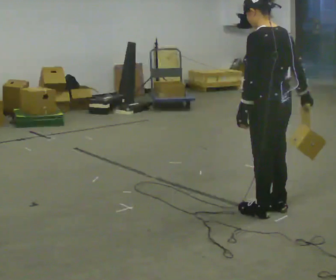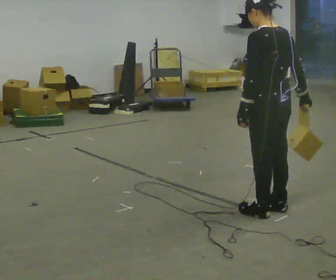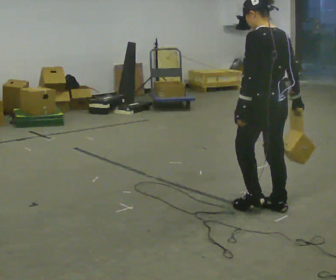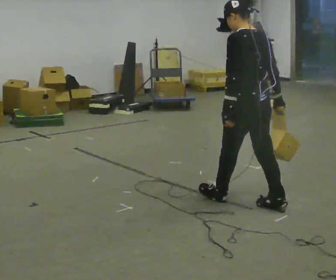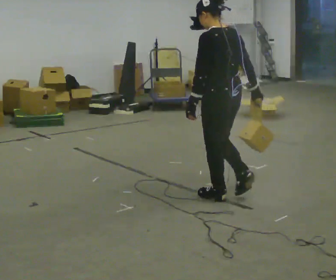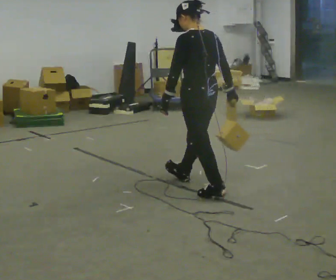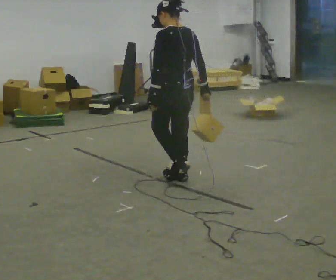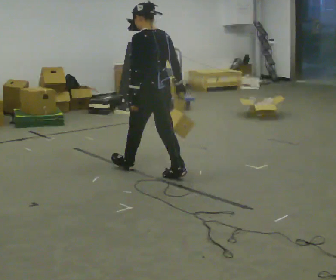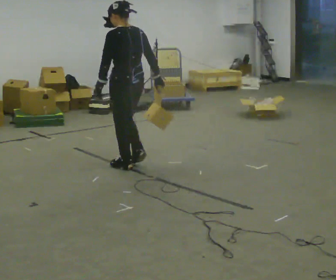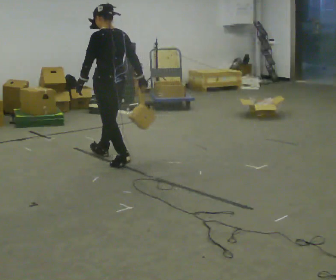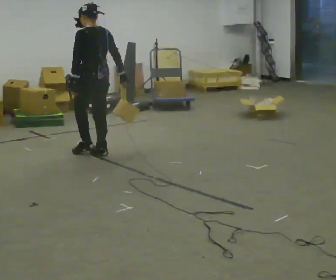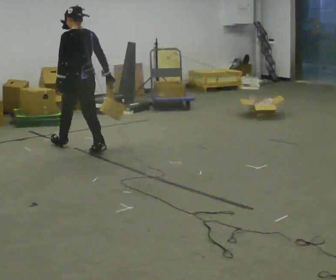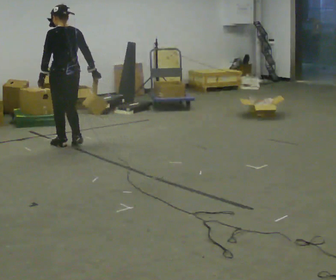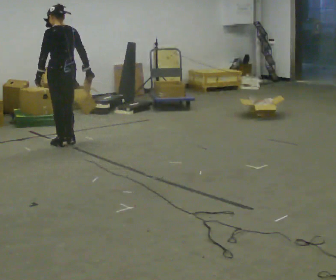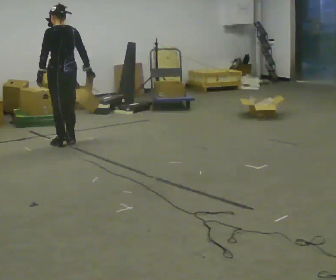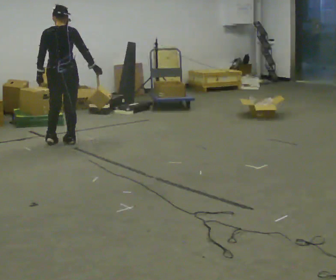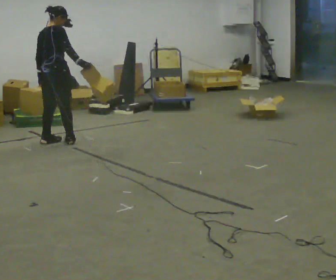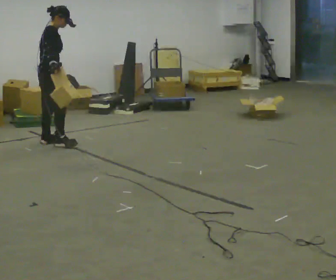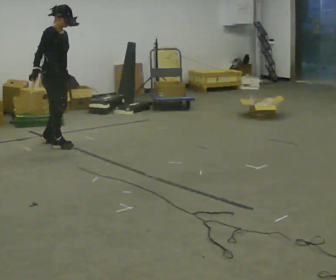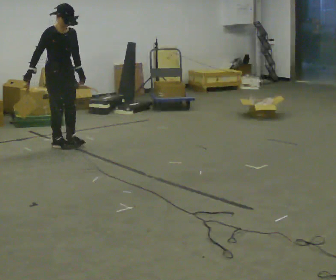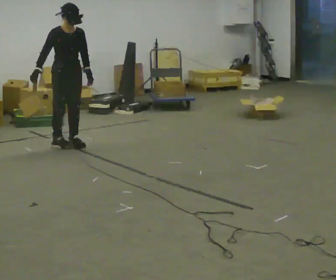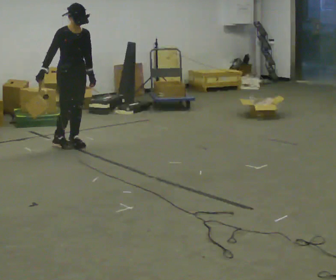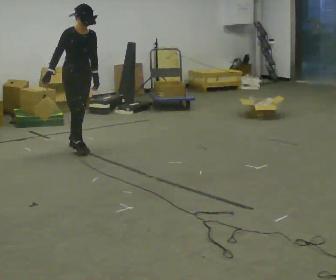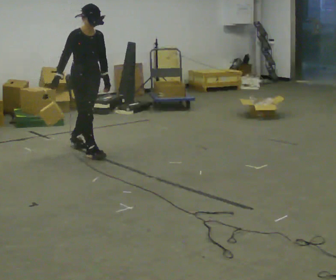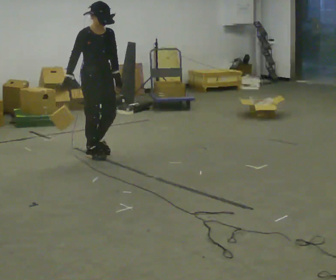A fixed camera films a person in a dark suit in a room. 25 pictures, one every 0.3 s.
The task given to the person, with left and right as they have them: Hold the object against your hip on the side the operator calls, and carry it back and forth across the room.
0.0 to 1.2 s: In the picture they go away from the camera and to the left, about 0.5 m in 1 step, which for them is forward.
1.2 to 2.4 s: In the picture they go away from the camera and to the left, about 1 m in 2 steps, which for them is forward.
2.4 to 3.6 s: In the picture they go away from the camera and to the left, about 1 m in 2 steps, which for them is forward.
3.6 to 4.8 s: The part of the body nearest the lens slides to the left as the person turns to their right by about 75 degrees.
4.8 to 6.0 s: The person turns about 105 degrees to their right, clockwise seen from above, so the part of the body nearest the lens slides to the left. In the picture they go to the right, about 0.25 m in 2 steps. In the picture their right hand goes to the left.
6.0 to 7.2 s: In the picture they go toward the camera and to the right, about 0.5 m in 1 step, which for them is forward.
The film runs forward here.
